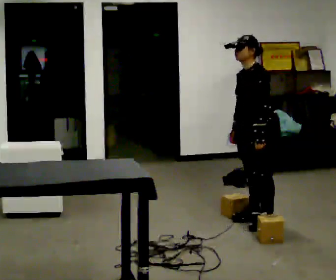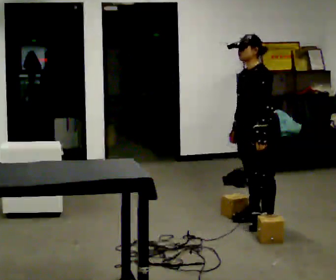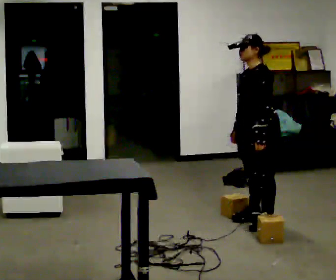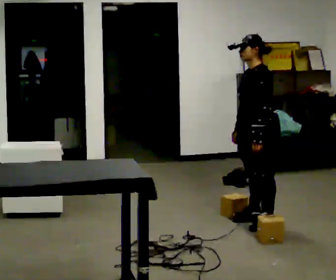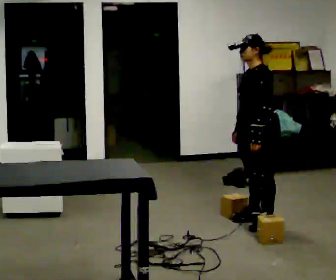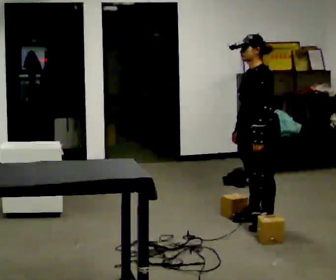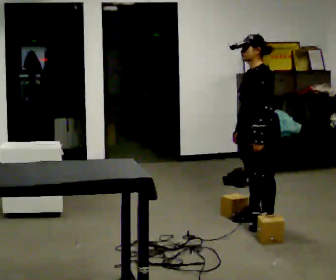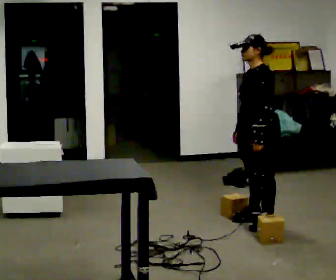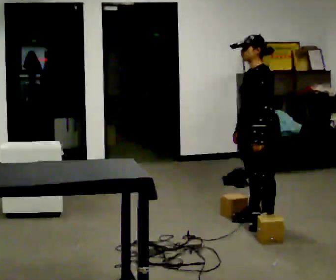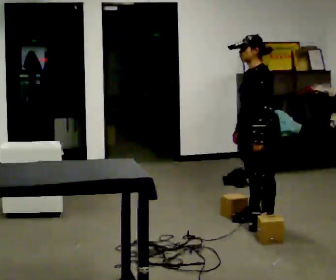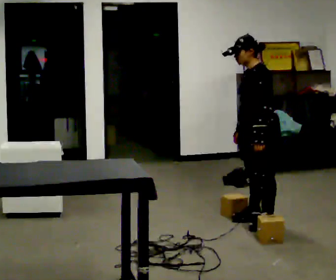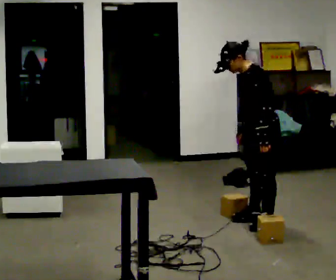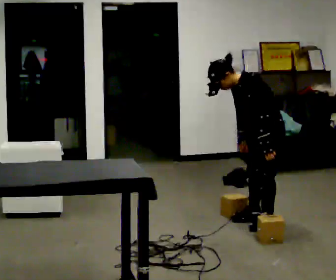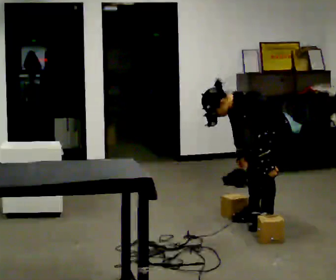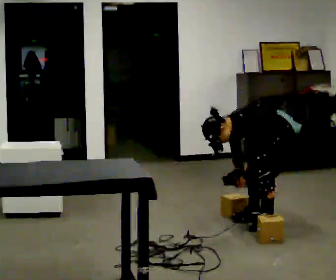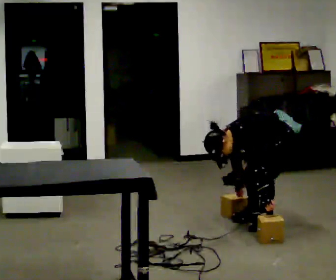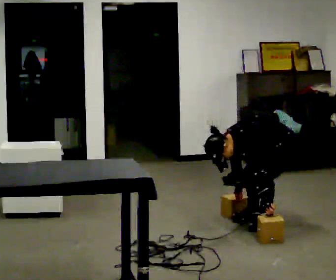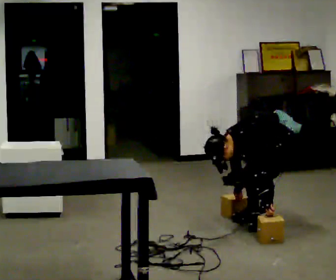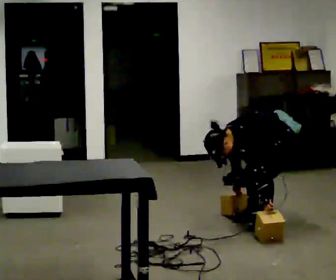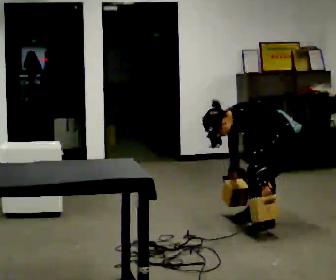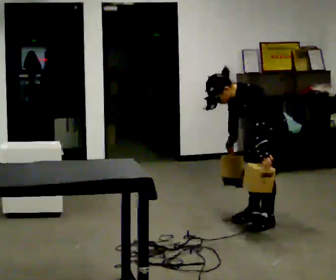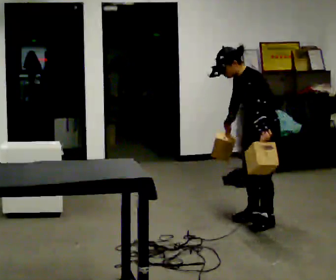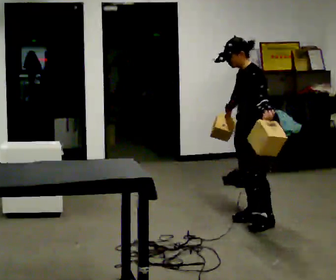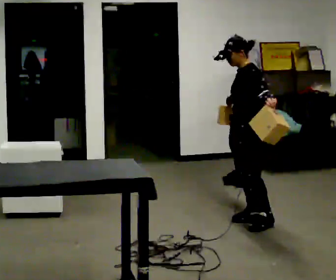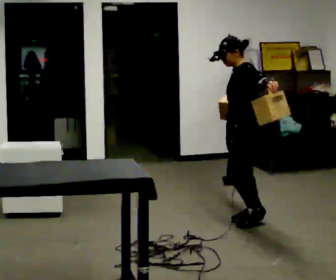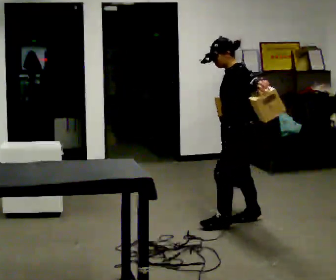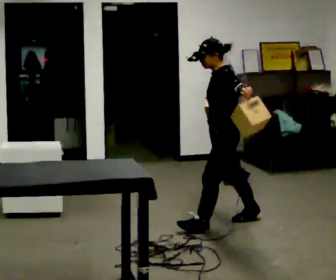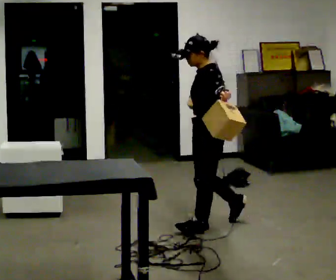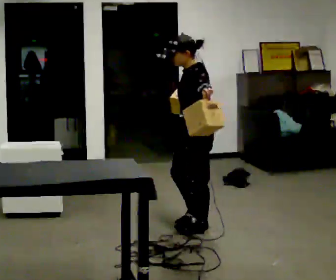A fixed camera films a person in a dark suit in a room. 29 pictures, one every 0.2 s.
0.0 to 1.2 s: The person moves a little, or ends about where they began.
1.2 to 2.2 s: In the picture the upper body tilts counterclockwise, shoulders to the left, as they bend forward.
2.2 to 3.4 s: The shoulders move downward. The upper body tips toward the camera, its near side rolling downward, as they bend forward. In the picture their left hand goes downward.
3.4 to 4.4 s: In the picture they go to the left, about 0.25 m, which for them is forward. The upper body goes upward. In the picture the upper body tilts clockwise, shoulders to the right, as they lean back or straighten. In the picture their left hand goes upward.
4.4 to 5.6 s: In the picture they go to the left and toward the camera, about 0.5 m in 1 step, which for them is forward.
The film runs forward here.
